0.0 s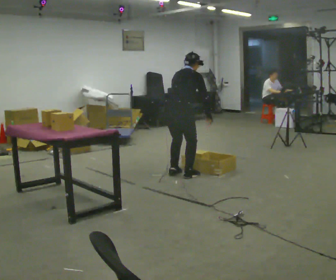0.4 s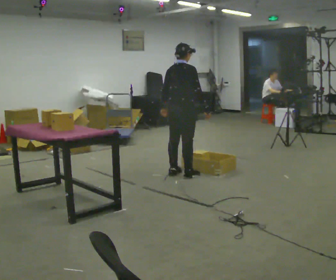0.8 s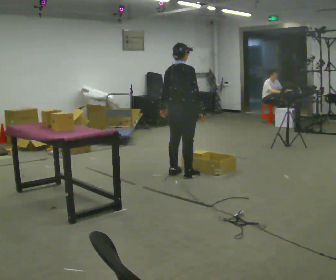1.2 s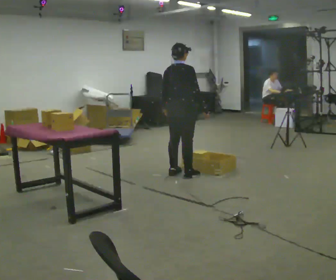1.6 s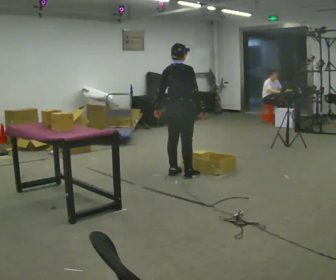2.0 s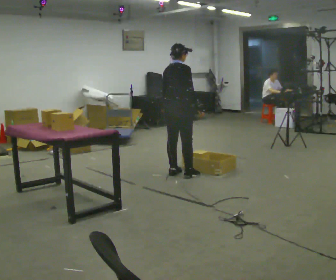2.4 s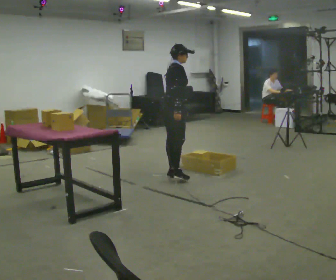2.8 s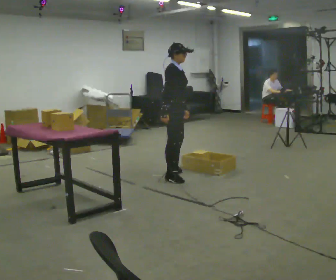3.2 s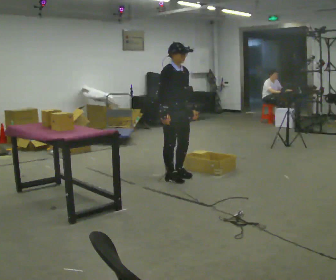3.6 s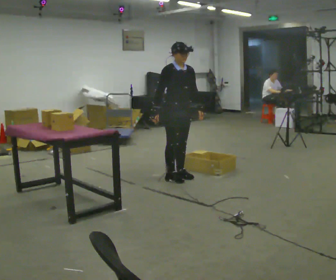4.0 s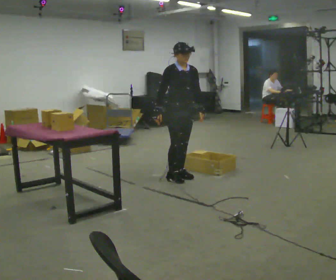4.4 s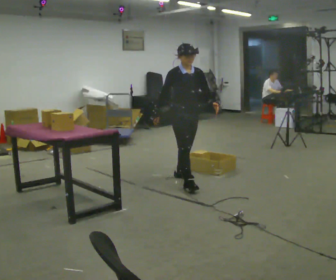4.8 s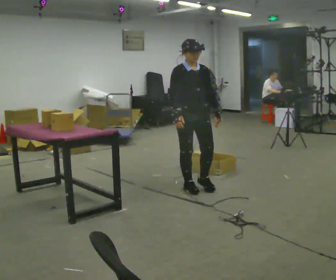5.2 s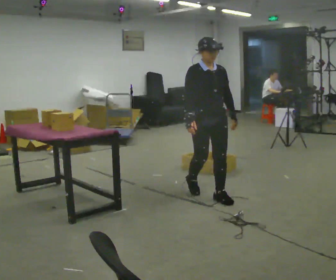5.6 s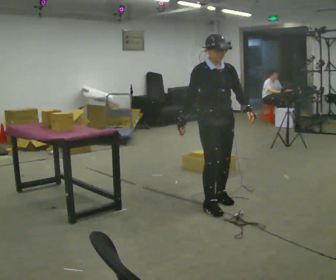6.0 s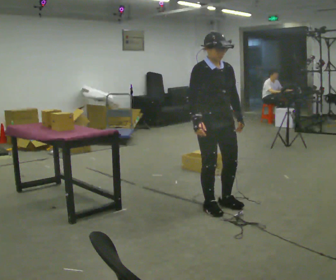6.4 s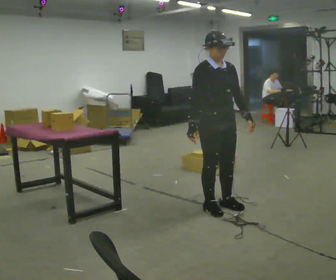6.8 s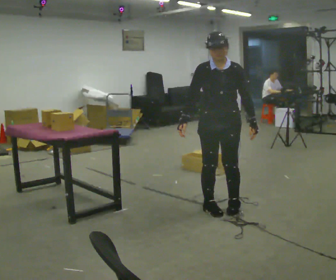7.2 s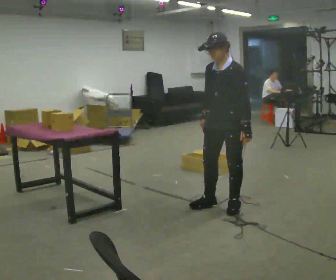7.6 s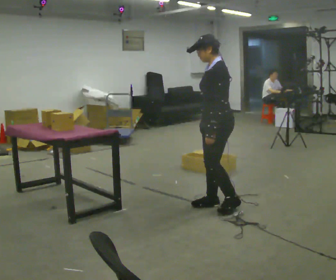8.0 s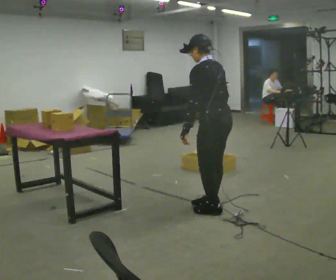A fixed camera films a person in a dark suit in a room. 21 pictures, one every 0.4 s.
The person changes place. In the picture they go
toward the camera.
The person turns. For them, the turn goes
to their right.
0.0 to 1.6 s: In the picture the upper body tilts counterclockwise, shoulders to the left, as they lean back or straighten.
1.6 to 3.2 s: Seen from above the body turns clockwise, about 90 degrees: to their right, with its near side sliding to the left. In the picture they go toward the camera, about 0.25 m in 1 step. In the picture their left hand goes to the right, the arm swinging counterclockwise.
3.2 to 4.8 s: The part of the body nearest the lens slides to the left as the person turns to their right by about 30 degrees. In the picture they go toward the camera, about 0.5 m in 1 step, which for them is forward.
4.8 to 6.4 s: In the picture they go toward the camera, about 0.75 m in 3 steps, which for them is forward.
6.4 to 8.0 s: Seen from above the body turns clockwise, about 150 degrees: to their right, with its near side sliding to the left. In the picture their right hand goes to the right, the arm swinging counterclockwise.
The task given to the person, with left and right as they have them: Carry the object across the room and place it on the lowest shelf, crouching down to do it. Keep going until the operator says stop; one object at a time, and do not rush between trips.
The film runs forward here.
